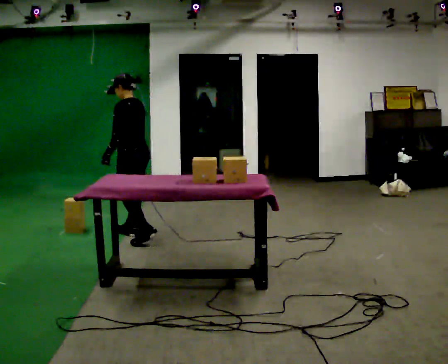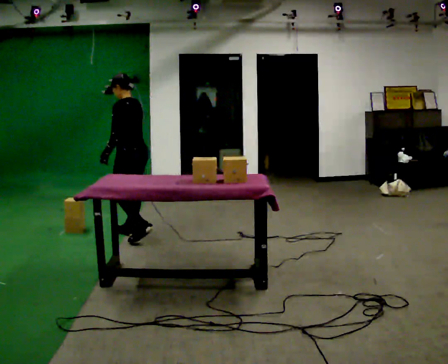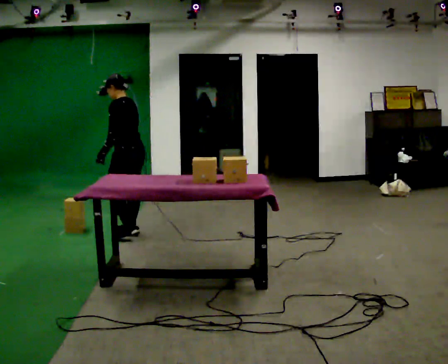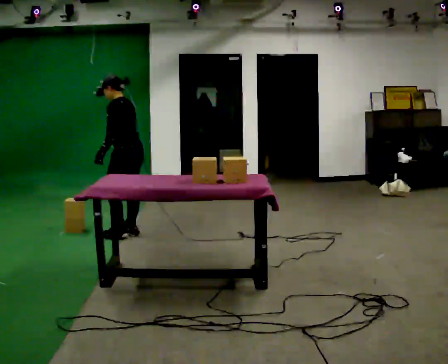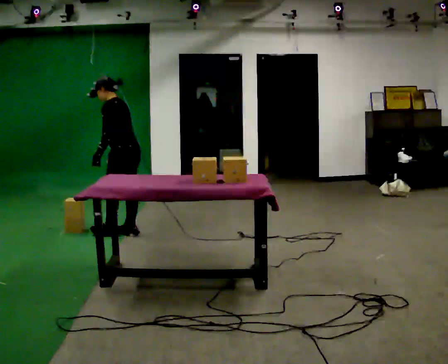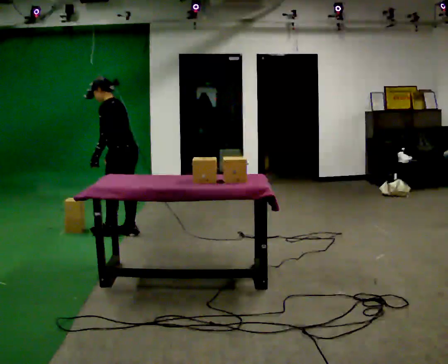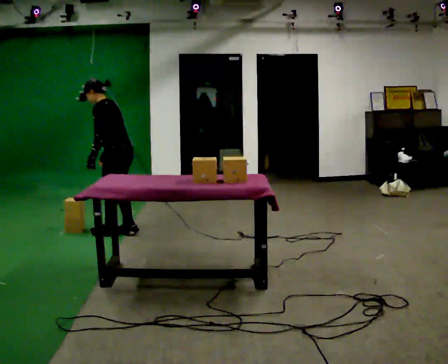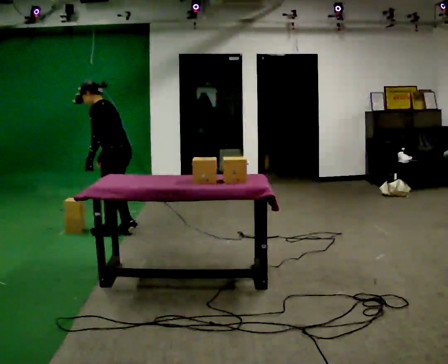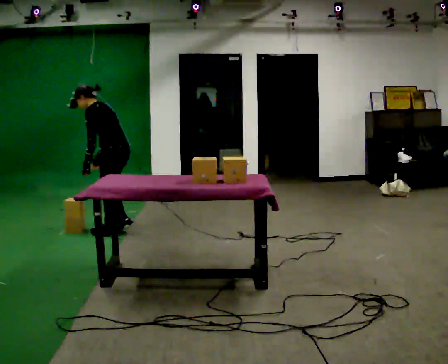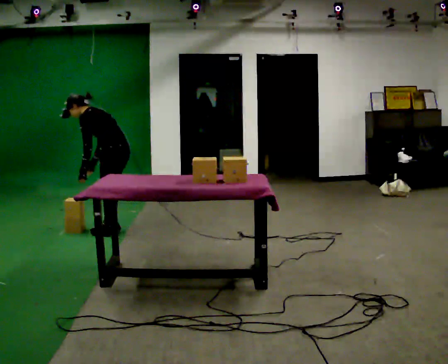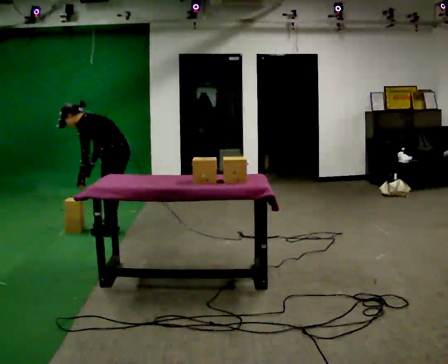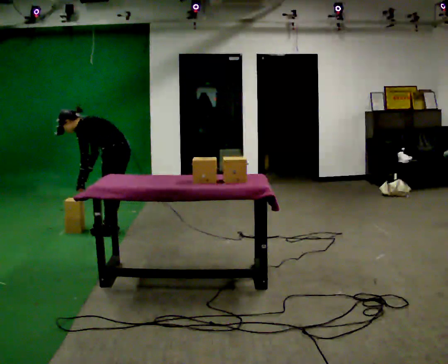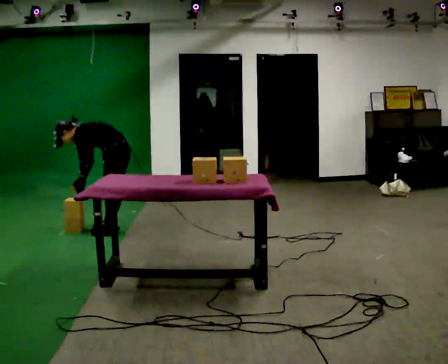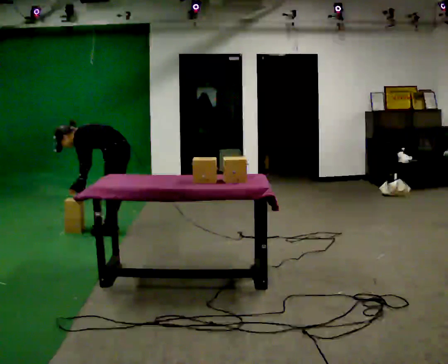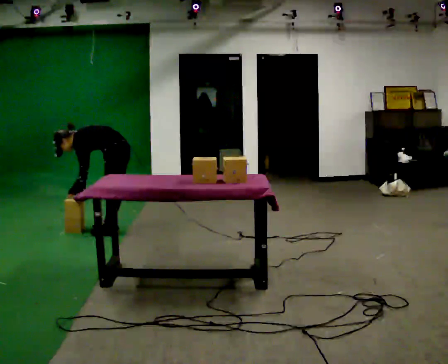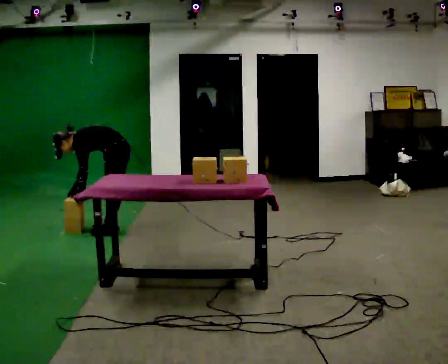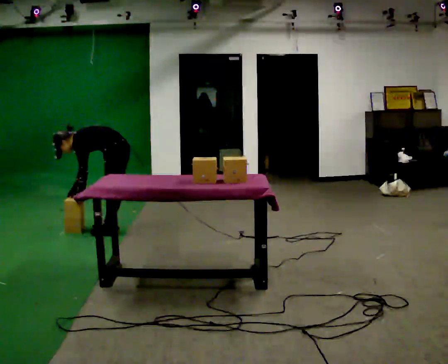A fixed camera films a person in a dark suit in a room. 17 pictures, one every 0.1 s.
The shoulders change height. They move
downward.
The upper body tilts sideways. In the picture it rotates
counterclockwise.
0.0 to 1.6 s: The part of the body nearest the lens slides to the right as the person turns to their left by about 30 degrees. In the picture they go away from the camera, about 0.25 m in 2 steps, which for them is forward and to their right. The upper body goes downward. In the picture the upper body tilts counterclockwise, shoulders to the left, as they bend forward. In the picture their left hand goes downward.
The film runs forward here.
